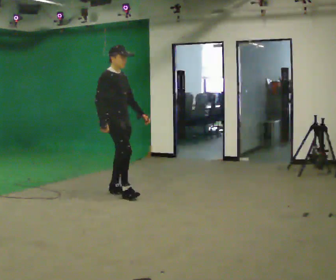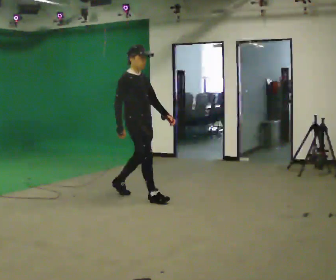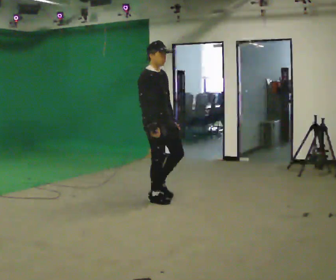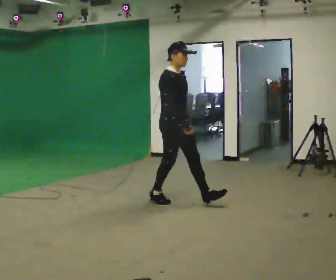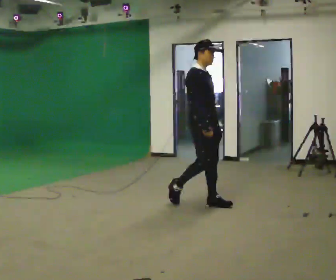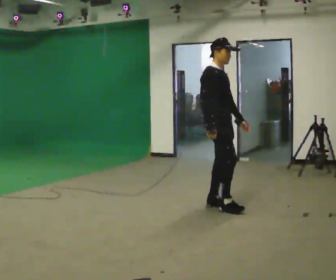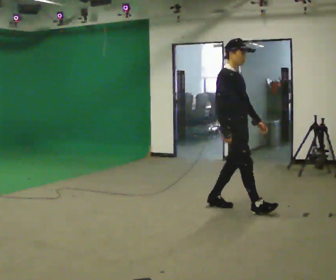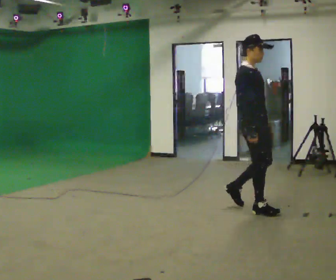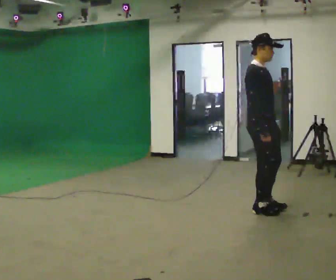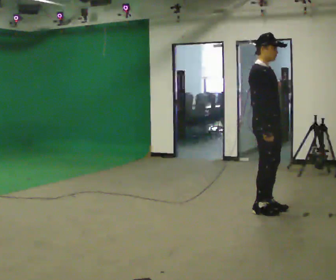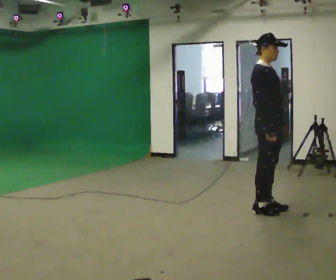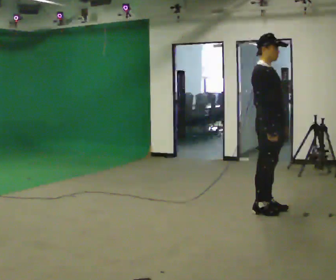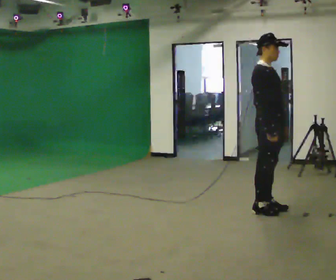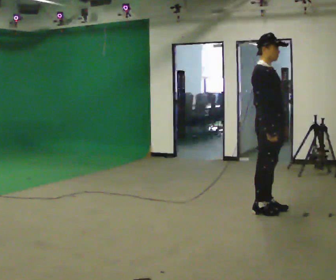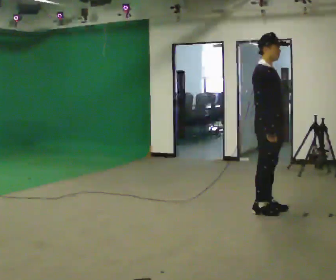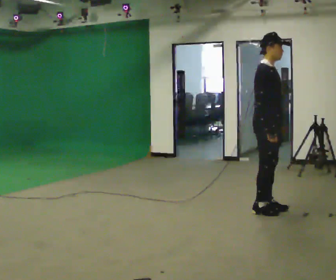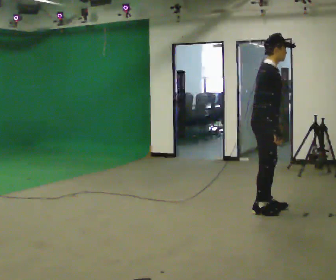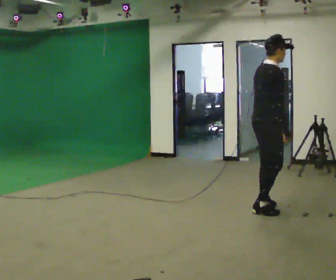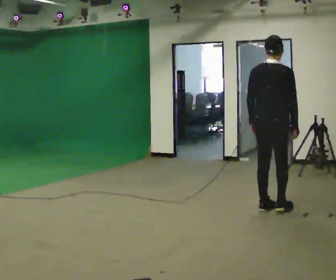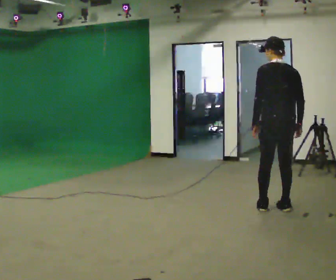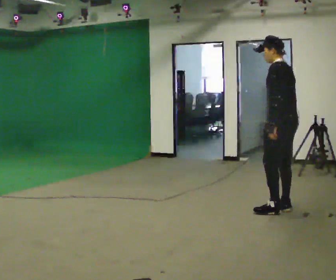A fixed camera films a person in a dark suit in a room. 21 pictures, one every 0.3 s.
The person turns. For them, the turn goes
to their left.
The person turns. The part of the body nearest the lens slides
to the right.
0.0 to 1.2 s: In the picture they go to the right, about 1 m in 2 steps, which for them is forward.
1.2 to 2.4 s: In the picture they go to the right and toward the camera, about 0.5 m in 2 steps, which for them is forward.
2.4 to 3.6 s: The person moves a little, or ends about where they began.
3.6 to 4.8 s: Seen from above the body turns counterclockwise, about 30 degrees: to their left, with its near side sliding to the right. In the picture the upper body tilts clockwise, shoulders to the right.
4.8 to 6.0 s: The person turns about 150 degrees to their left, counterclockwise seen from above, so the part of the body nearest the lens slides to the right. In the picture they go to the right, about 0.25 m in 2 steps. In the picture the upper body tilts counterclockwise, shoulders to the left.
The film runs forward here.
